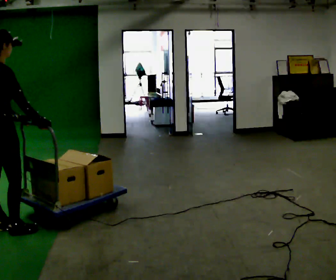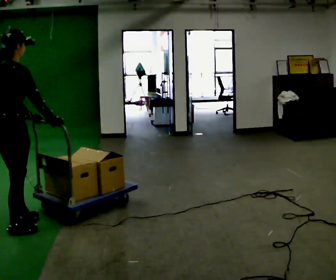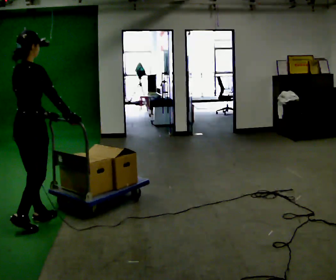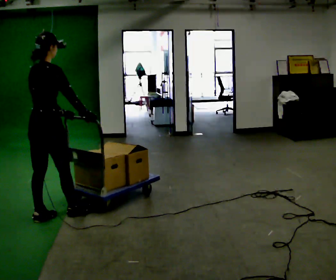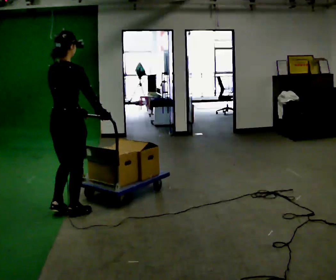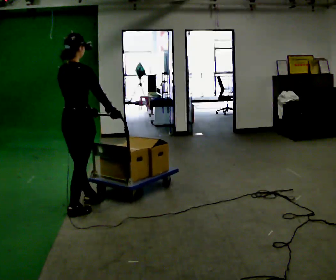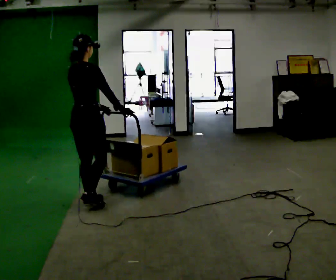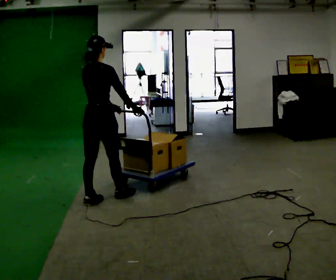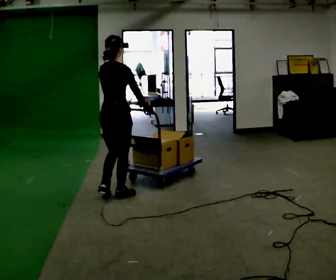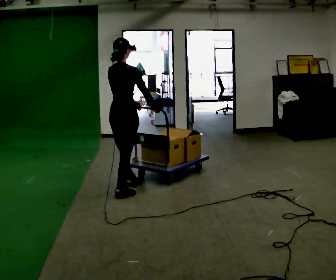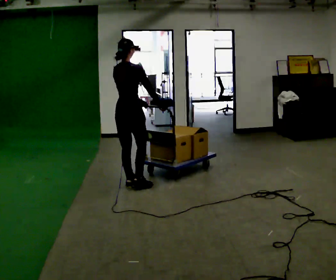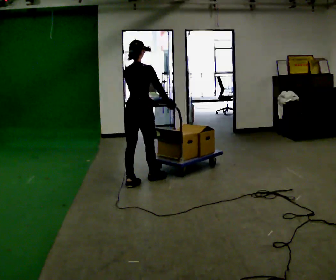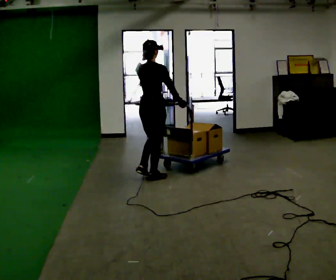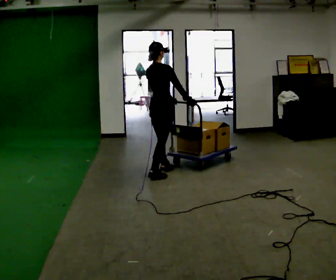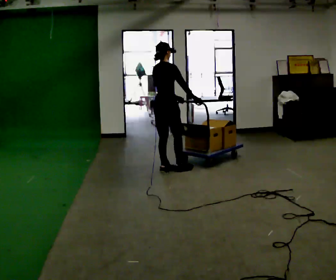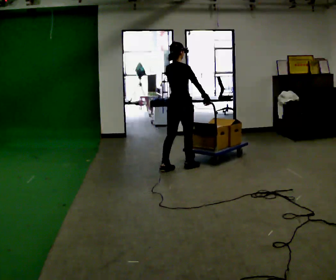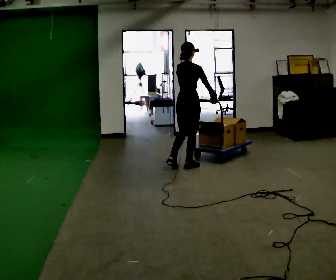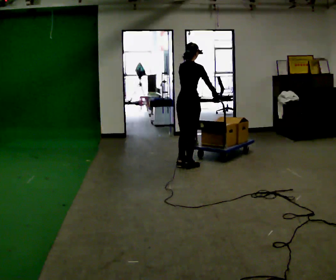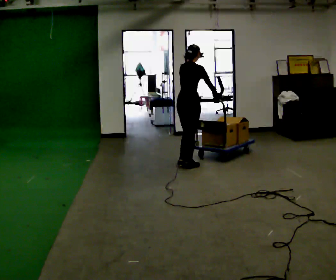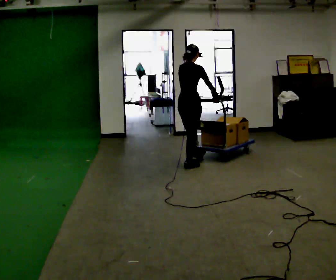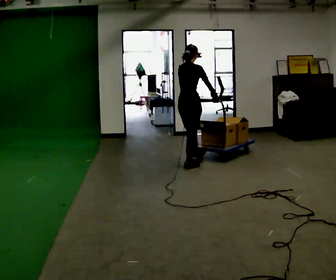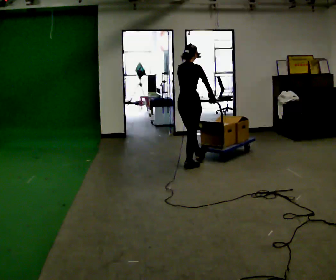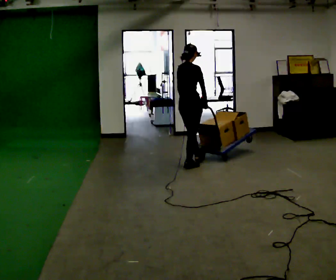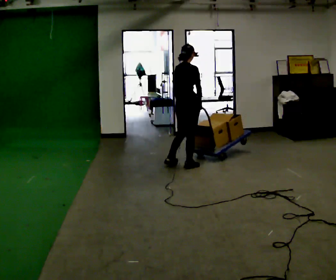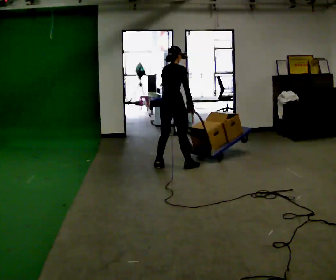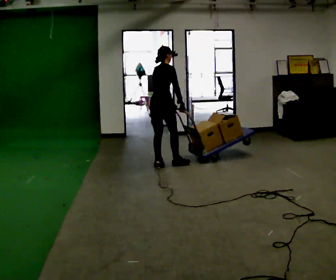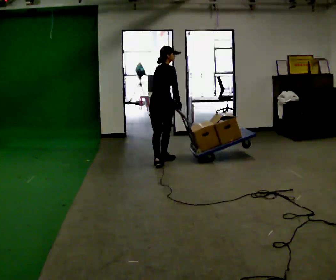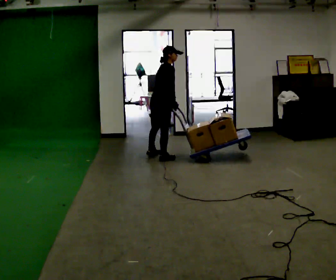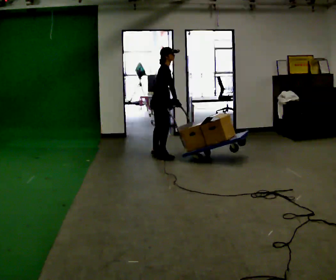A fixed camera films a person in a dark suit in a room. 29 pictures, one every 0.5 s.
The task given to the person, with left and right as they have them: Push the loaded cart from one corner of the room to the other, turn it round, and push it back. Keep going until the operator says stop.
0.0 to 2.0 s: In the picture they go away from the camera and to the right, about 0.75 m in 2 steps, which for them is forward.
2.0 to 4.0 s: In the picture they go away from the camera and to the right, about 0.75 m in 2 steps, which for them is forward.
4.0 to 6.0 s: In the picture they go away from the camera and to the right, about 0.5 m in 2 steps, which for them is forward.
6.0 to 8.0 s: In the picture they go away from the camera and to the right, about 0.75 m in 2 steps, which for them is forward.
8.0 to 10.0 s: The person moves a little, or ends about where they began.
10.0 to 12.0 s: In the picture they go to the left, about 0.25 m in 1 step, which for them is to their left and backward. In the picture their right hand goes to the left.
12.0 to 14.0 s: The part of the body nearest the lens slides to the left as the person turns to their right by about 45 degrees. In the picture they go away from the camera, about 0.5 m in 2 steps, which for them is to their left and forward.
The film runs forward here.
